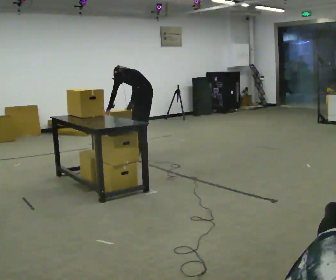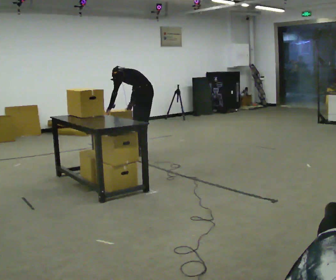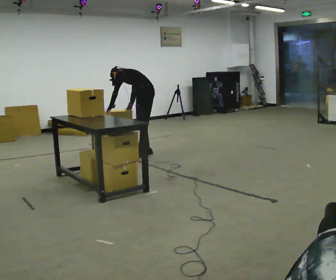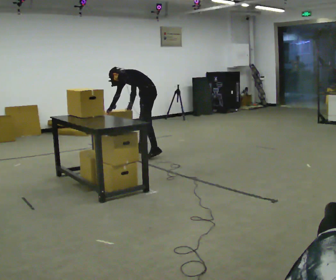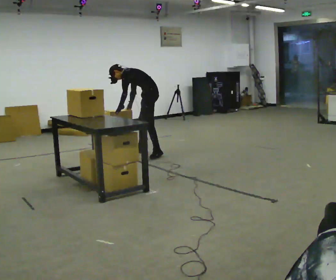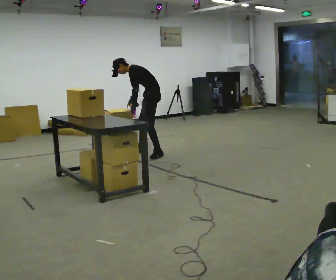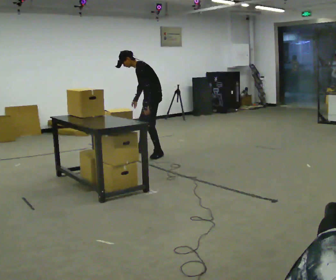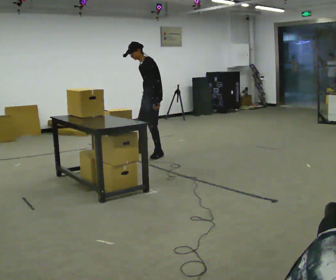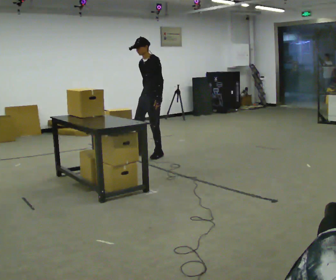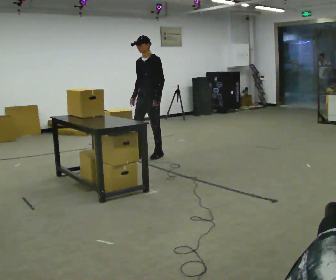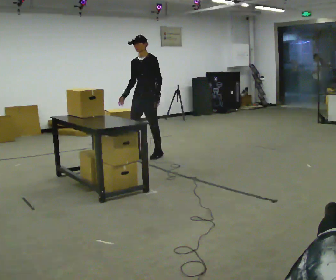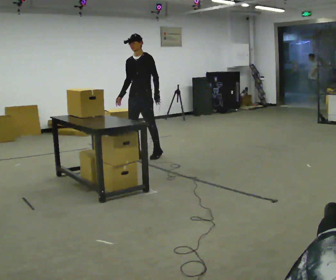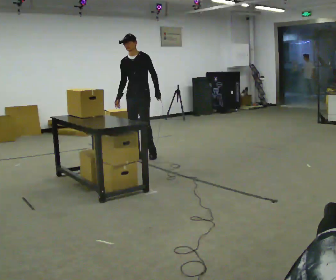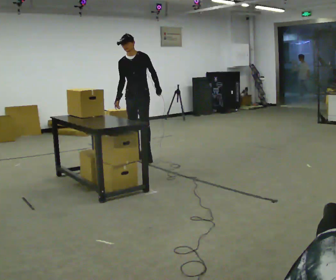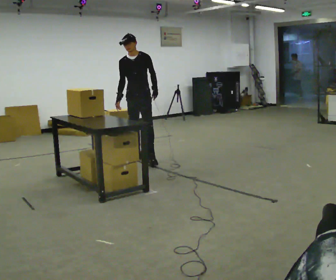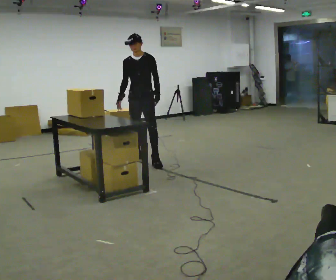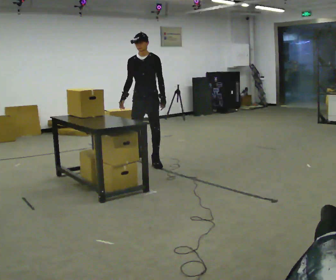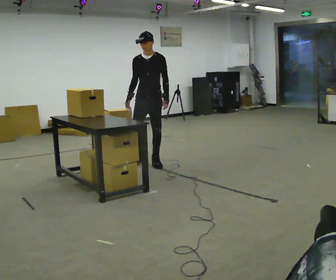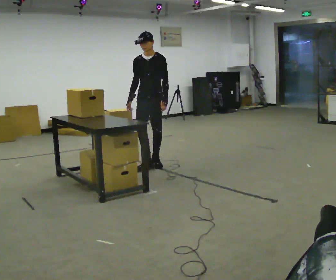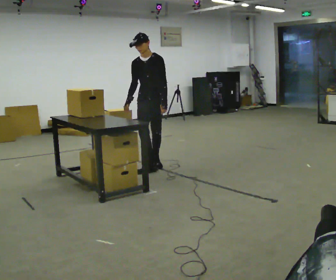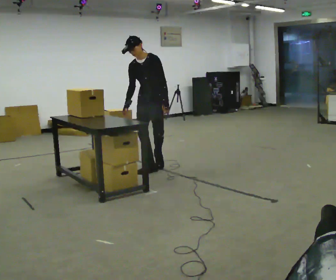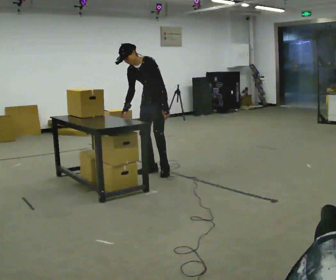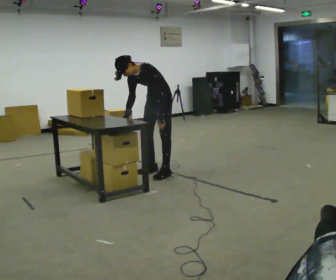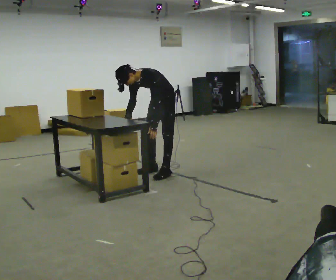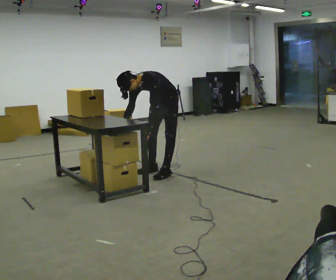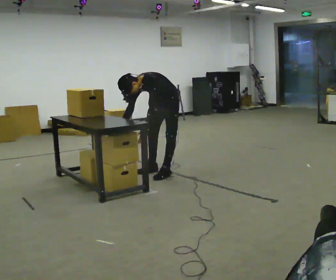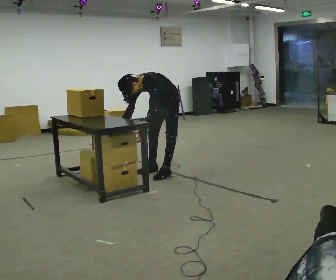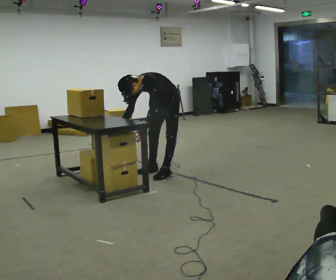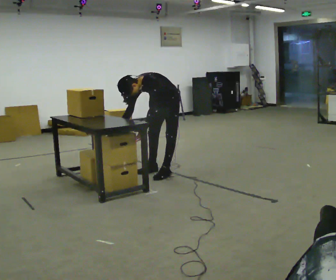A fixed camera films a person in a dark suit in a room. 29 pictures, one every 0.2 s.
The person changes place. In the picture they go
toward the camera.
The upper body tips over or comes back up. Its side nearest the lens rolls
downward.
0.0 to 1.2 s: Seen from above the body turns counterclockwise, about 45 degrees: to their left, with its near side sliding to the right. In the picture they go to the right, about 0.25 m in 1 step, which for them is backward. The upper body tips toward the camera, its near side rolling downward, as they lean back or straighten. In the picture their left hand goes to the right.
1.2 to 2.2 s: The person turns about 60 degrees to their left, counterclockwise seen from above, so the part of the body nearest the lens slides to the right. In the picture they go toward the camera and to the left, about 0.25 m in 1 step, which for them is forward. In the picture the upper body tilts clockwise, shoulders to the right, as they lean back or straighten.
2.2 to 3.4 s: In the picture they go toward the camera, about 0.25 m in 1 step, which for them is forward and to their left.
3.4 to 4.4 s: Seen from above the body turns clockwise, about 30 degrees: to their right, with its near side sliding to the left. In the picture they go toward the camera, about 0.25 m in 2 steps, which for them is to their left and forward. The upper body goes downward. In the picture the upper body tilts counterclockwise, shoulders to the left, as they bend forward.
4.4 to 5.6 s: The upper body tips toward the camera, its near side rolling downward, as they bend forward.
The film runs forward here.
